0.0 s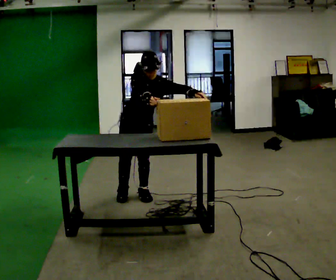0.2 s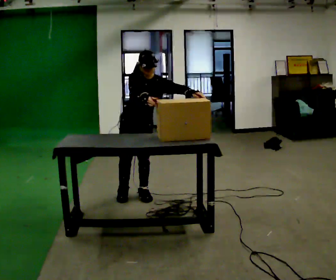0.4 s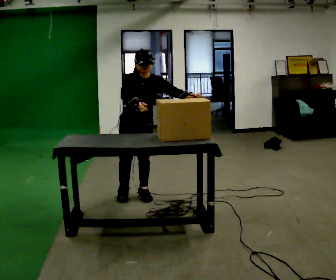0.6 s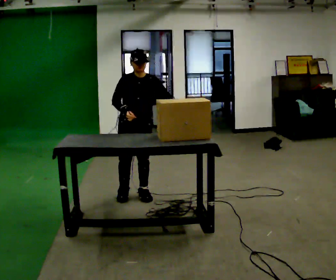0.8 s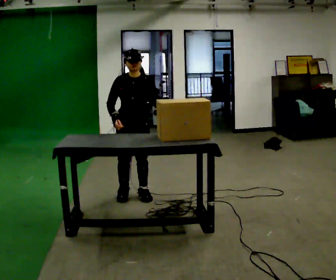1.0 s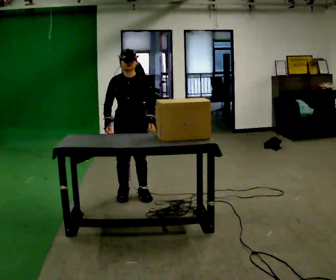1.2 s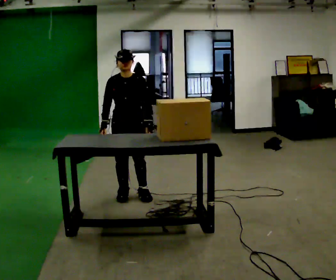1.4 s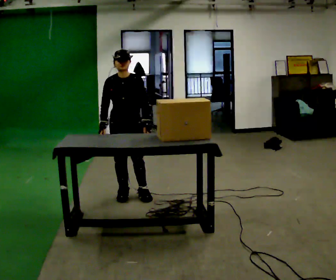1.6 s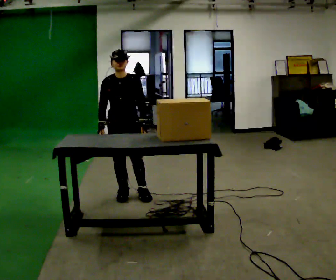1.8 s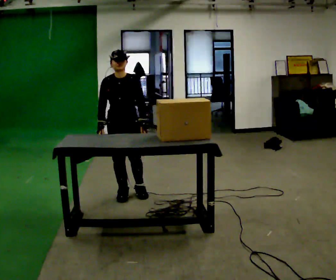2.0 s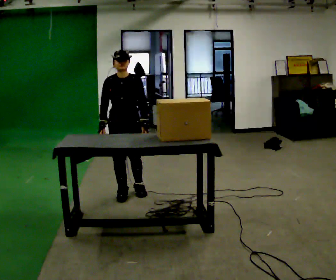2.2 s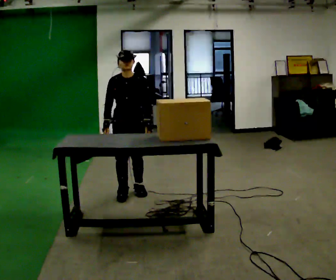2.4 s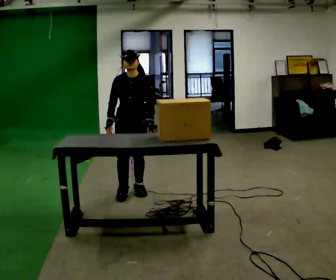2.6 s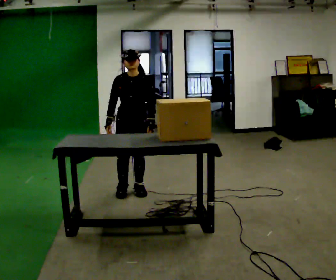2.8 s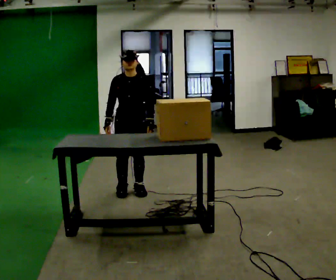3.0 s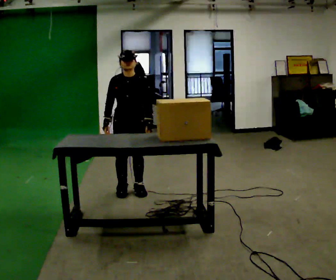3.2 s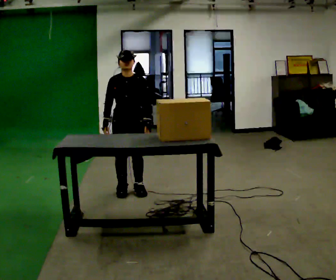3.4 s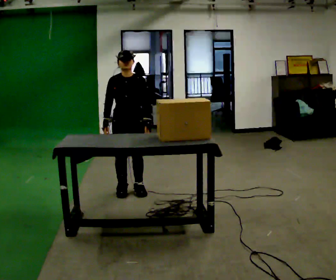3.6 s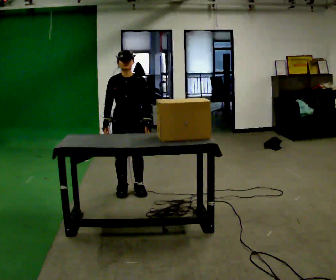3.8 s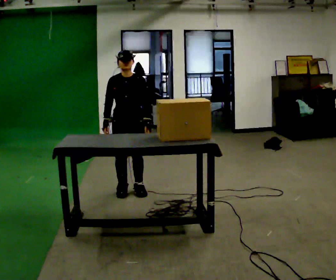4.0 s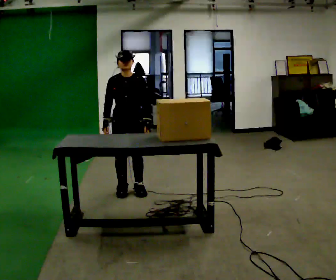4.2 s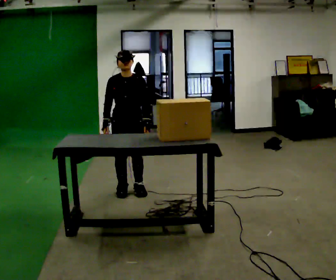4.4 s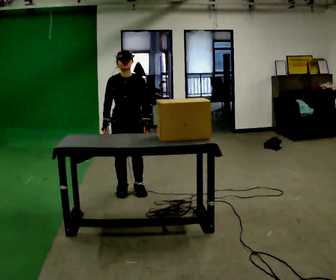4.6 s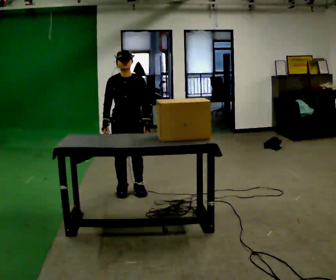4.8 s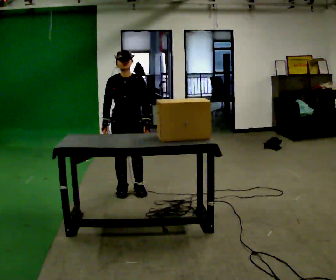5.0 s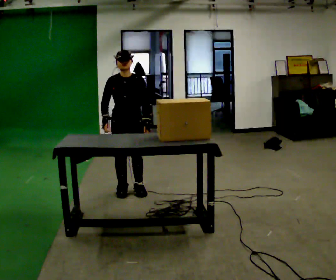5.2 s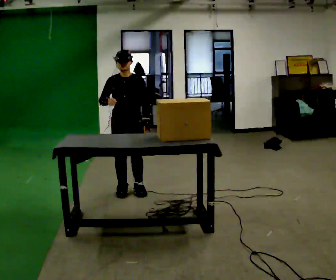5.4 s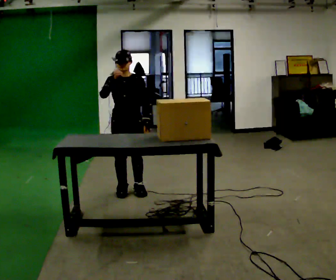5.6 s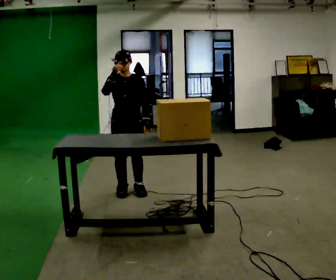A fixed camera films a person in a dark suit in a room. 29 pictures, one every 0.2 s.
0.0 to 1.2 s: In the picture the upper body tilts counterclockwise, shoulders to the left. In the picture their left hand goes to the left and downward, the arm swinging clockwise.
1.2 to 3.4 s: The person moves a little, or ends about where they began.
3.4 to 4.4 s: The person keeps their place and pose.
4.4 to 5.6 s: In the picture their right hand goes upward.
The film runs forward here.
